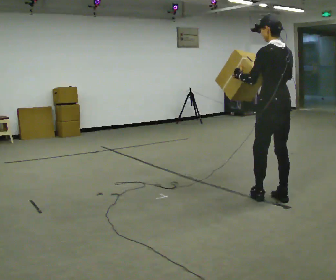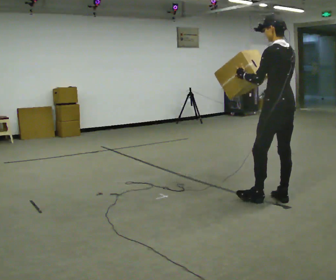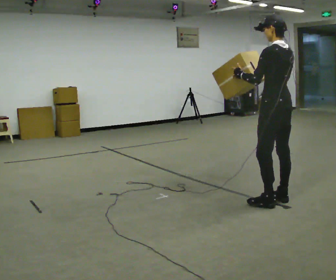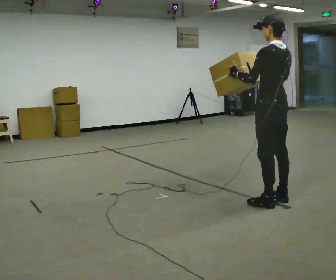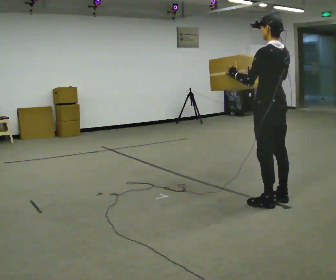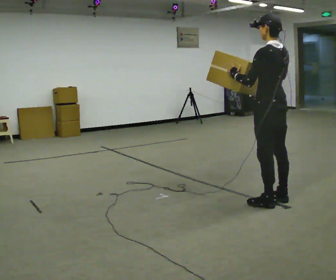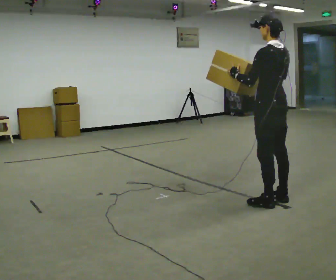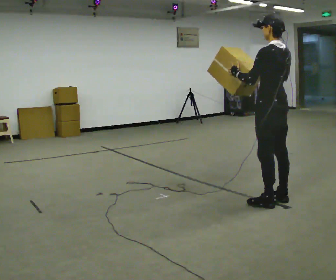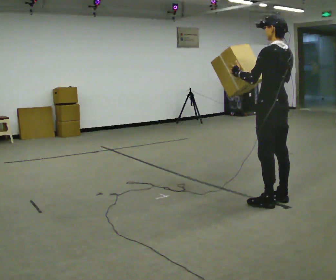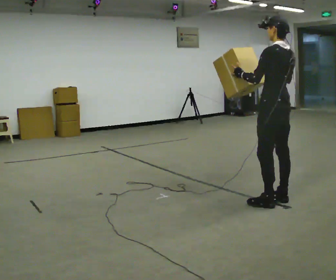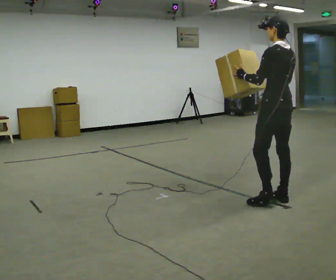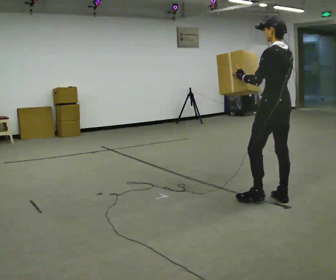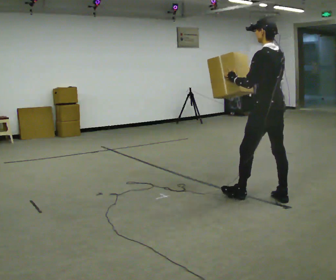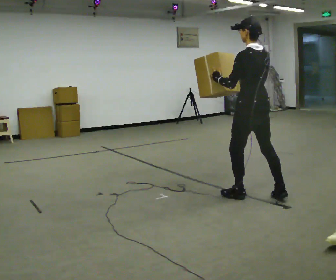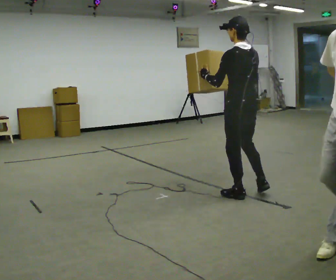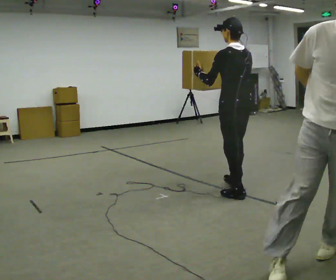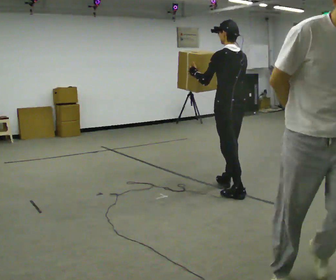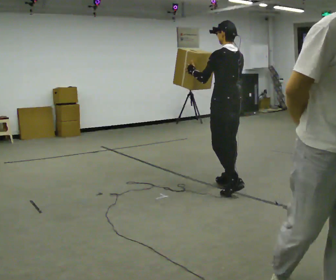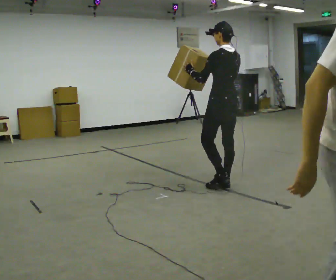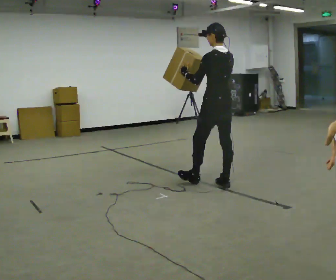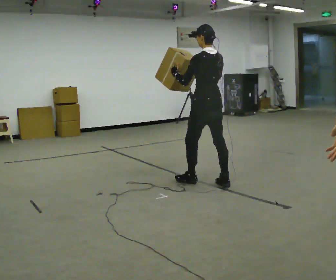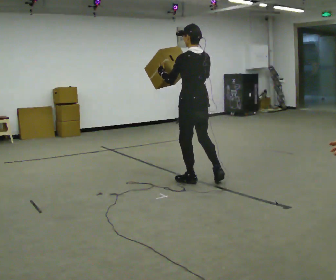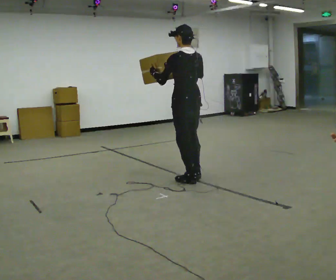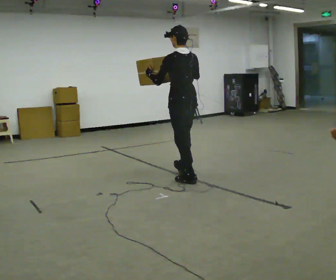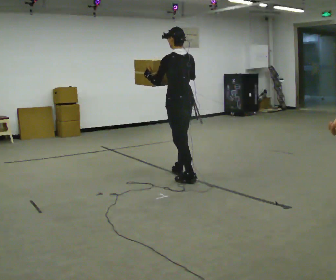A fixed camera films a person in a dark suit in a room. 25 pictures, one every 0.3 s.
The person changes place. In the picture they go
to the left.
0.0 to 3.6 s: The person moves a little, or ends about where they began.
3.6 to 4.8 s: In the picture they go to the left, about 0.5 m in 1 step, which for them is forward.
4.8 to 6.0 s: In the picture they go to the left and away from the camera, about 0.5 m in 1 step, which for them is forward.
6.0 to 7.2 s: In the picture they go to the left and away from the camera, about 0.25 m in 1 step, which for them is forward.
The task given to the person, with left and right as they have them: Carry the object and, while walking, turn it over in your hands to look at all sides of it. Keep turning it as you walk.
The film runs forward here.
